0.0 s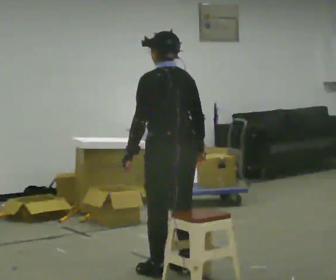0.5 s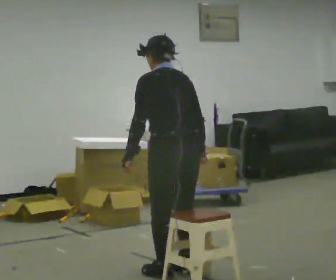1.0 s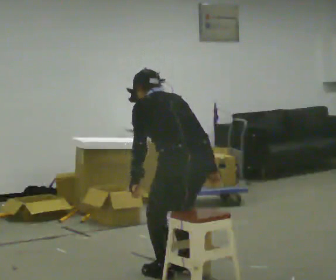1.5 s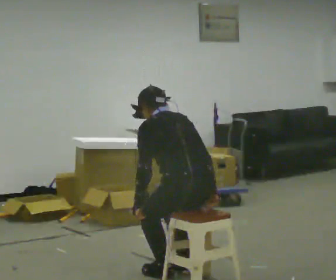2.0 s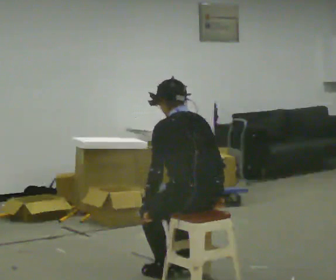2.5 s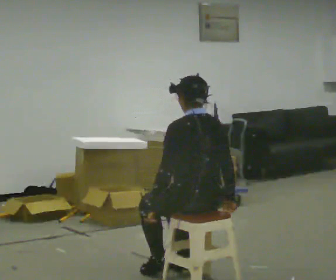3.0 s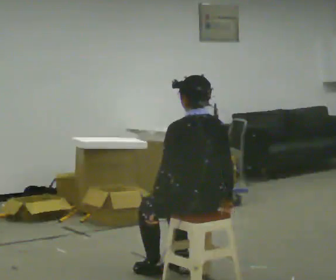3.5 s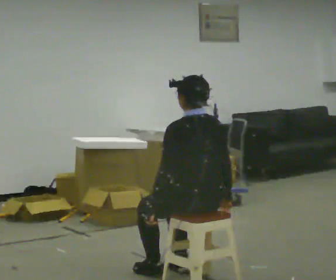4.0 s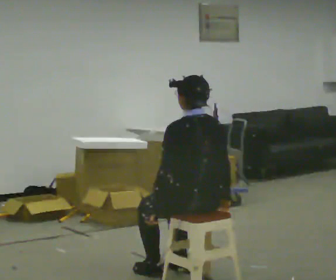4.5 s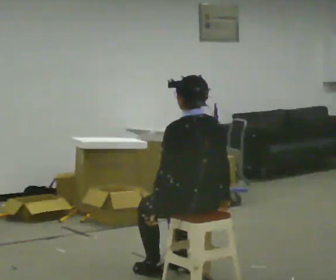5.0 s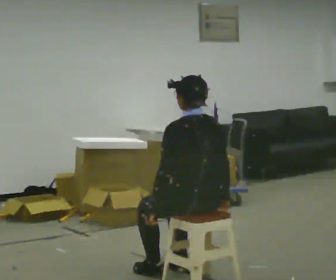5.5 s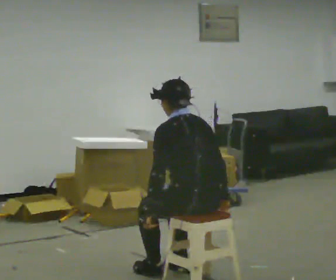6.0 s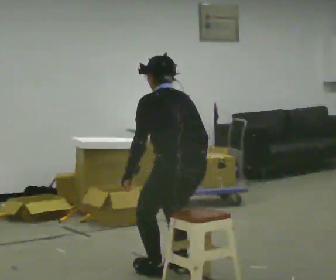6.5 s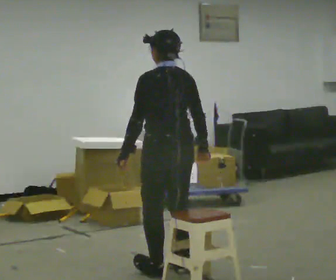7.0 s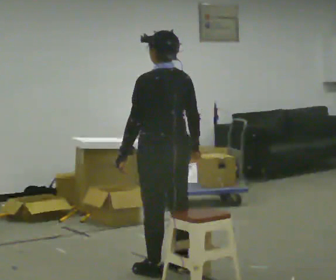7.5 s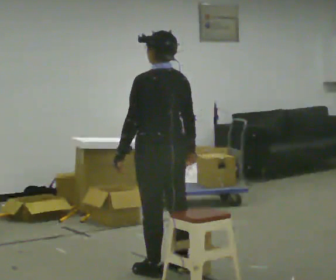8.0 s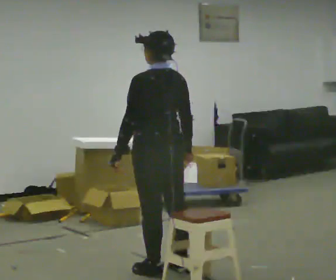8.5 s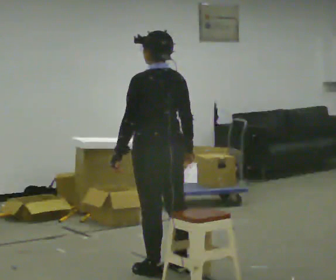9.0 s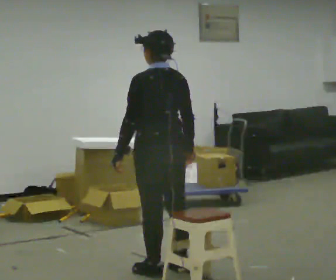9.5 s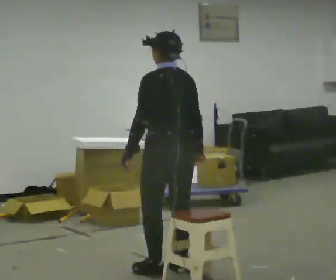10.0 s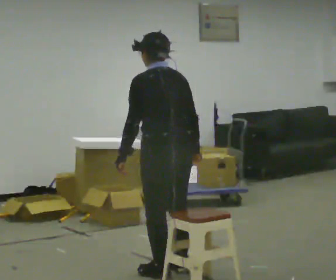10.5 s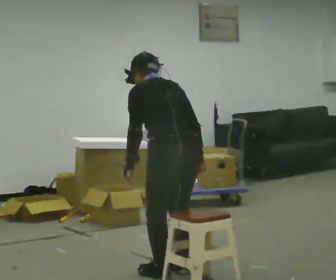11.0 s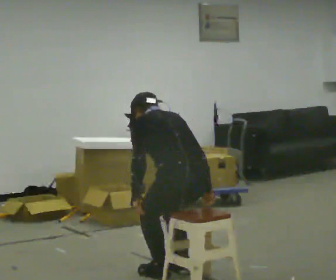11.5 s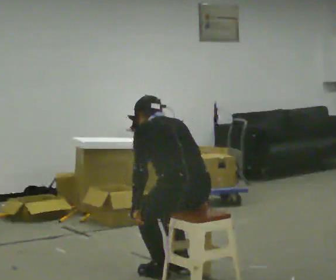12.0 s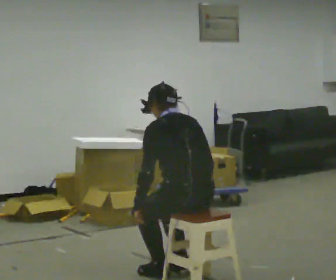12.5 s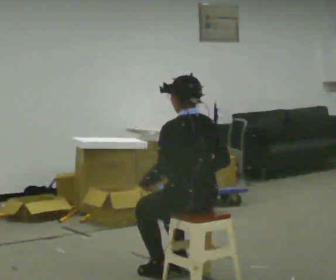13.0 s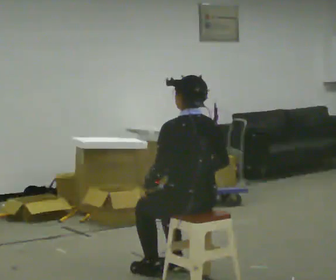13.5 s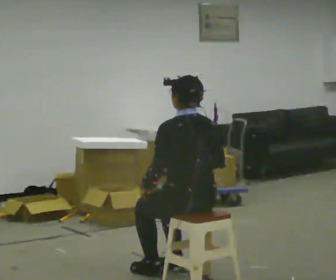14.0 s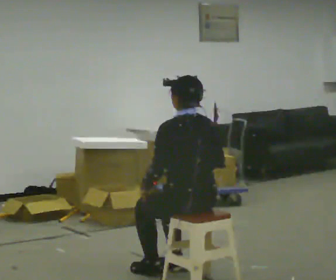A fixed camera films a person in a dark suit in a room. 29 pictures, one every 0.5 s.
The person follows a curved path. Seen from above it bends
counterclockwise.
0.0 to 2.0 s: In the picture they go toward the camera, about 0.25 m, which for them is backward. The upper body goes downward.
2.0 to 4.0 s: The person moves a little, or ends about where they began.
4.0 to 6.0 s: The shoulders move upward. The upper body tips away from the camera, its near side rolling upward.
6.0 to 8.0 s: In the picture they go away from the camera, about 0.25 m, which for them is forward. The upper body goes upward. The upper body tips toward the camera, its near side rolling downward, as they lean back or straighten.
8.0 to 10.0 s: The person moves a little, or ends about where they began.
10.0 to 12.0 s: The upper body goes downward.
12.0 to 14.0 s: The upper body tips toward the camera, its near side rolling downward, as they lean back or straighten.
The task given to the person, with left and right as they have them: Sit on the chair, stand up, then sit back down. Repeat the movement at your own pace until the operator says stop; do not rush.
The film runs forward here.
